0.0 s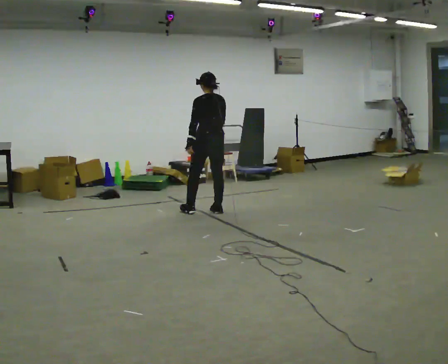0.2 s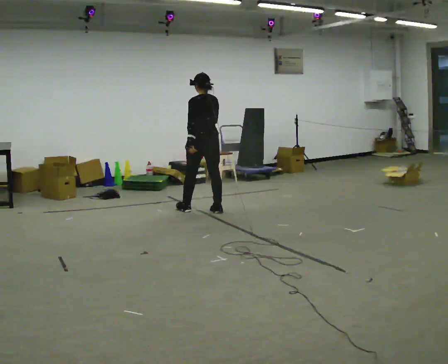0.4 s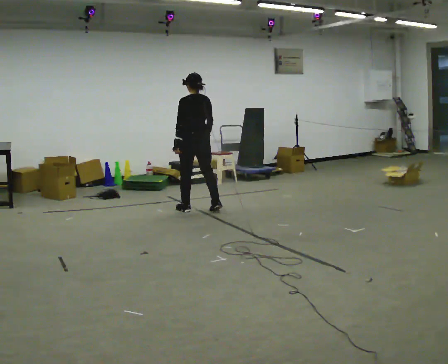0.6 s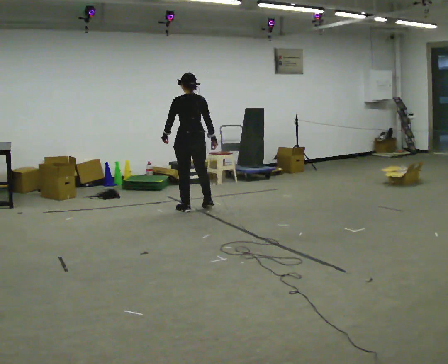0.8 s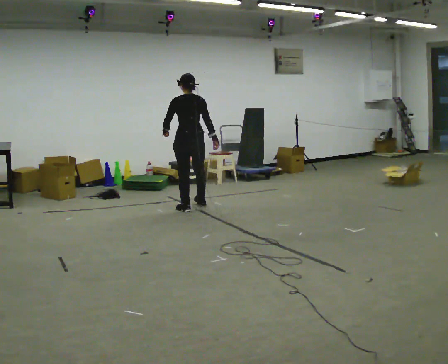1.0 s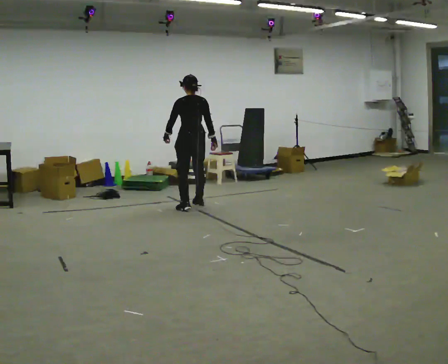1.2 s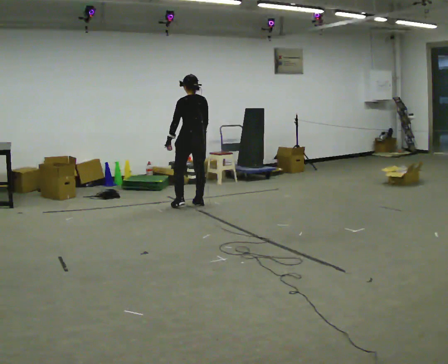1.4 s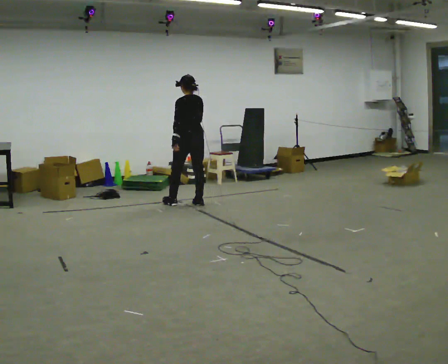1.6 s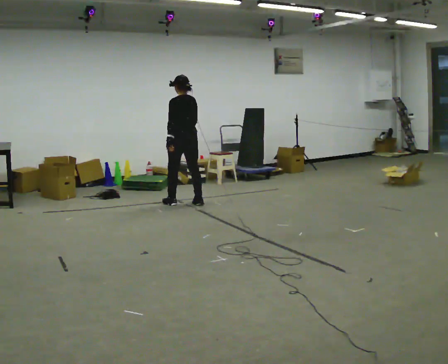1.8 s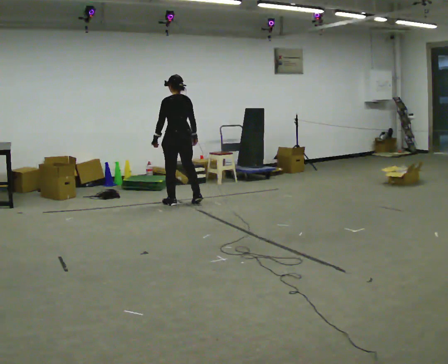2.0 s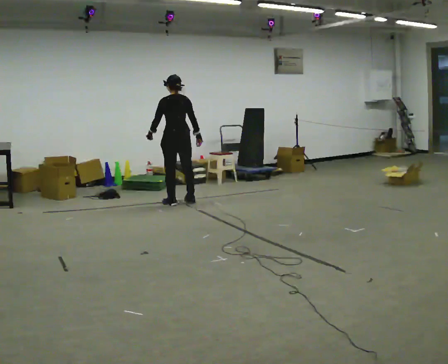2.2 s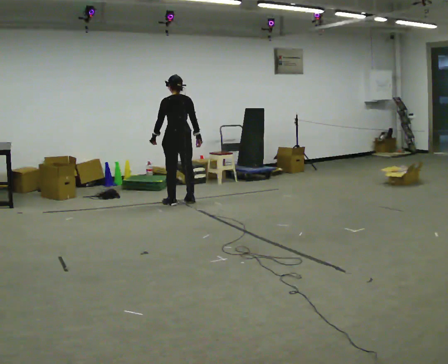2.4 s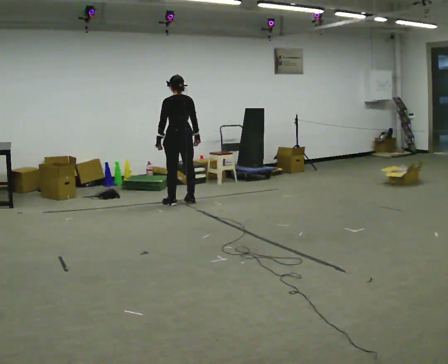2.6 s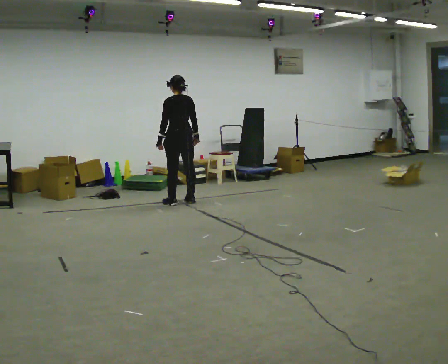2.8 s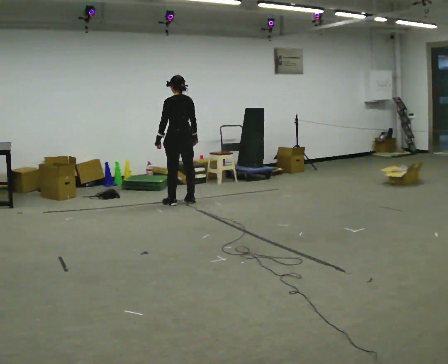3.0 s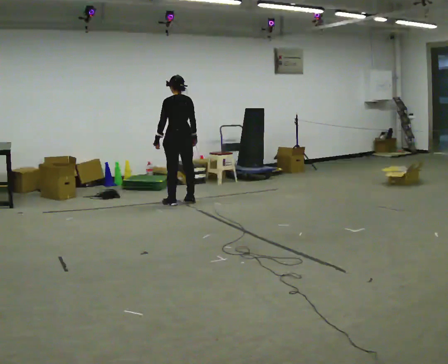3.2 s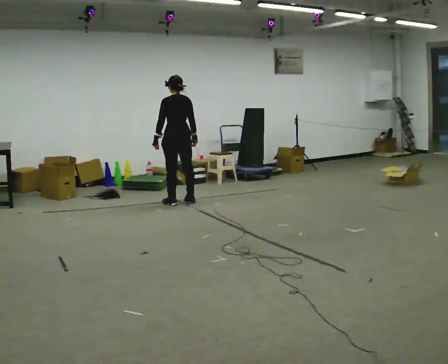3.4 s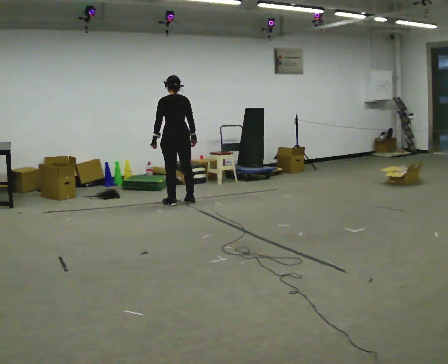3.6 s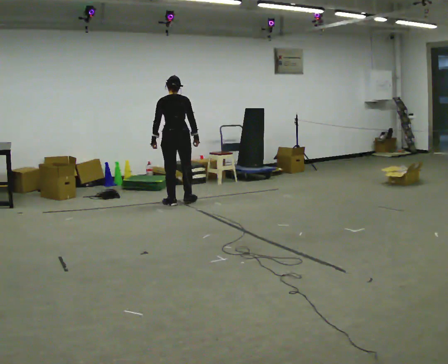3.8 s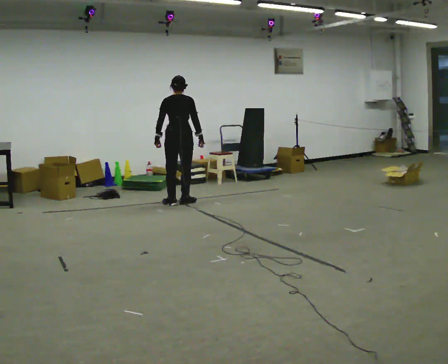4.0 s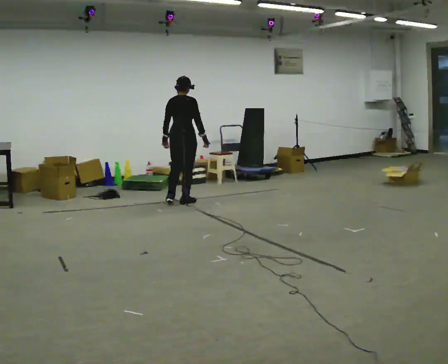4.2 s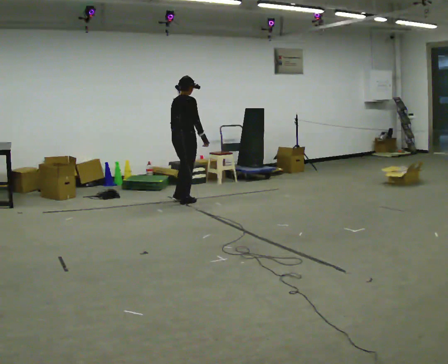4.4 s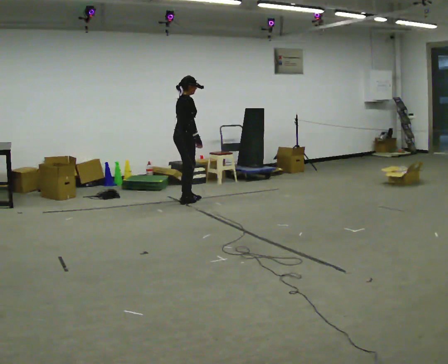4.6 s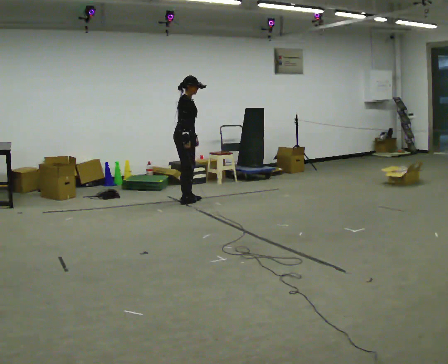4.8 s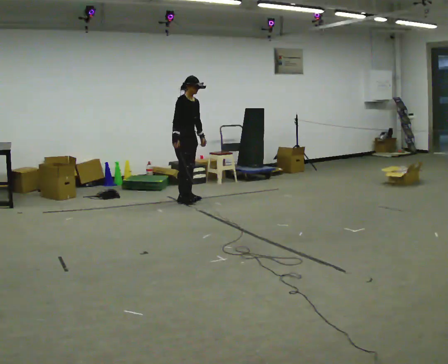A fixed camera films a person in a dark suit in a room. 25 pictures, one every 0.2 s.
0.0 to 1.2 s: In the picture they go away from the camera and to the left, about 0.5 m in 2 steps, which for them is forward.
1.2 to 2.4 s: The person moves a little, or ends about where they began.
2.4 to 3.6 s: The person turns about 30 degrees to their right, clockwise seen from above, so the part of the body nearest the lens slides to the left.
3.6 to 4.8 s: The person turns about 135 degrees to their right, clockwise seen from above, so the part of the body nearest the lens slides to the left. In the picture they go away from the camera, about 0.25 m in 1 step. In the picture their right hand goes to the left, the arm swinging clockwise.
The film runs forward here.
